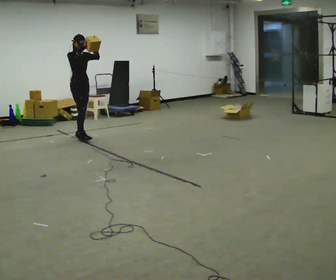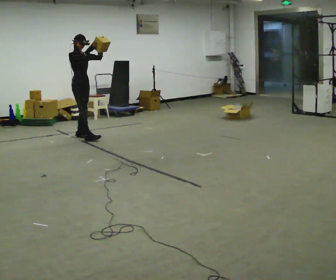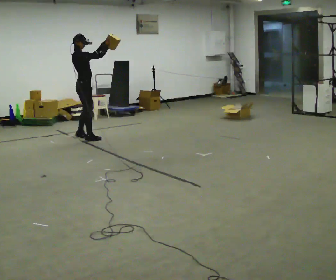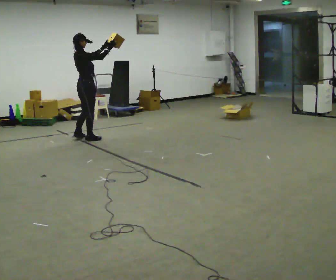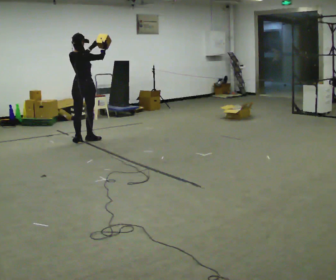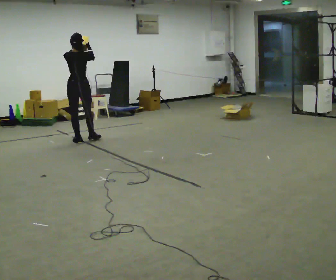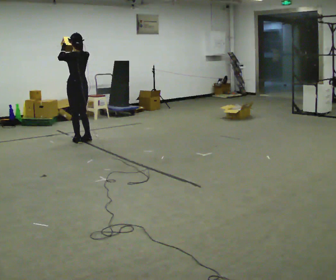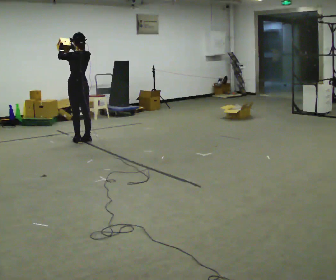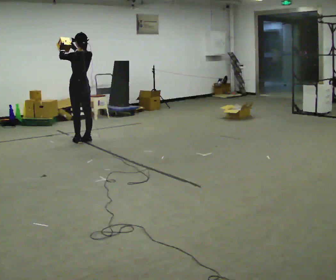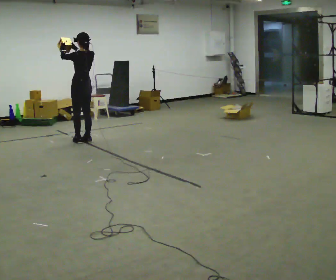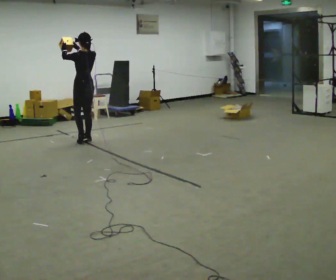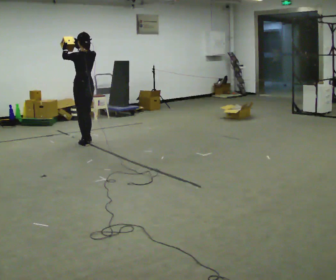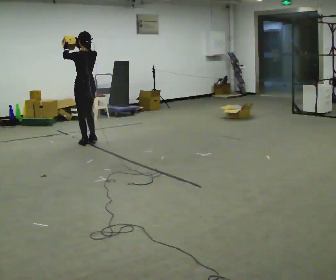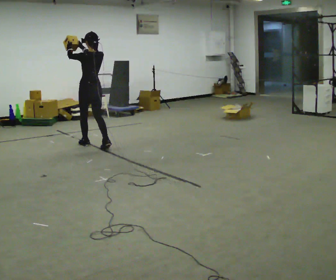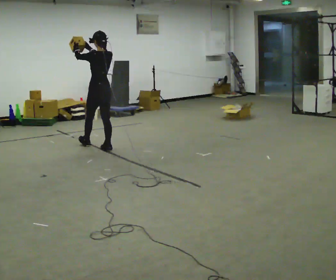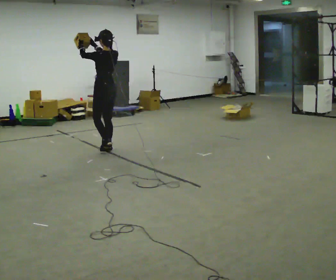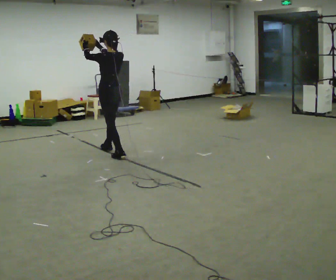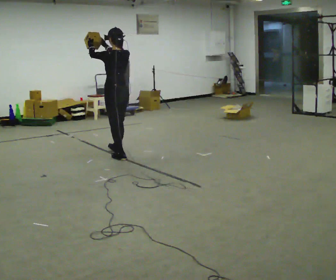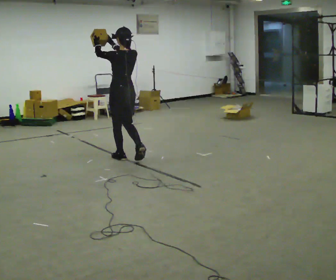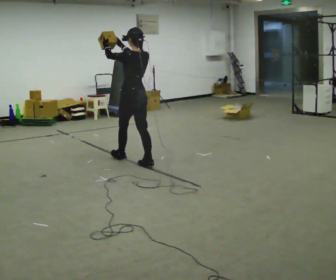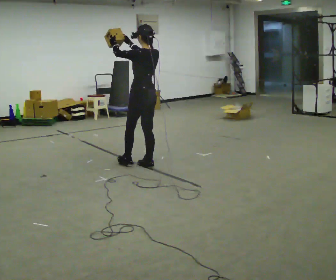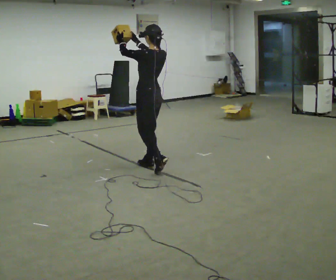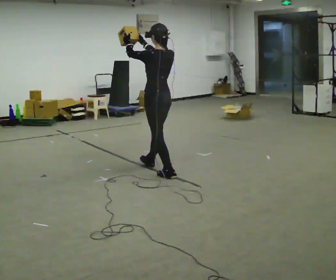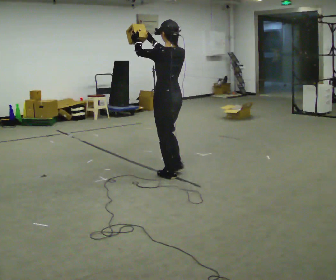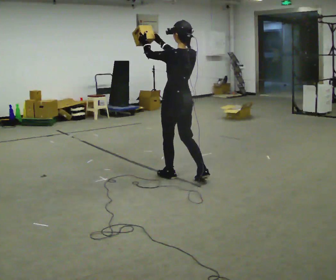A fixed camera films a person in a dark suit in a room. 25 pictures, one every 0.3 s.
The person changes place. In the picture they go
toward the camera.
0.0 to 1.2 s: The person turns about 120 degrees to their left, counterclockwise seen from above, so the part of the body nearest the lens slides to the right. In the picture they go toward the camera, about 0.25 m in 1 step.
1.2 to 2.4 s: The person turns about 60 degrees to their left, counterclockwise seen from above, so the part of the body nearest the lens slides to the right. In the picture their right hand goes to the left.
2.4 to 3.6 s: In the picture they go toward the camera, about 0.25 m in 2 steps, which for them is backward.
3.6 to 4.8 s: In the picture they go toward the camera and to the right, about 0.75 m in 1 step, which for them is backward.
4.8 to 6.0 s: In the picture they go toward the camera and to the right, about 0.5 m in 2 steps, which for them is backward.
6.0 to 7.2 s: In the picture they go toward the camera, about 0.75 m in 1 step, which for them is backward.
The film runs backward here.
